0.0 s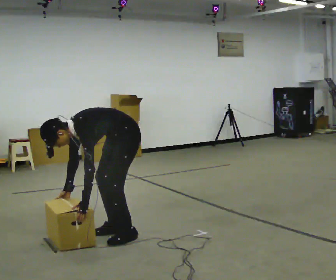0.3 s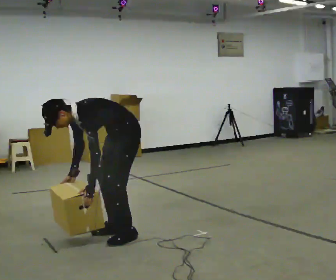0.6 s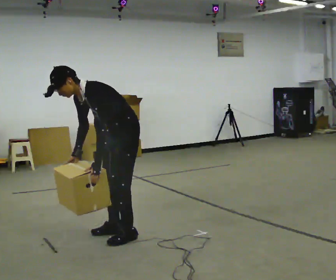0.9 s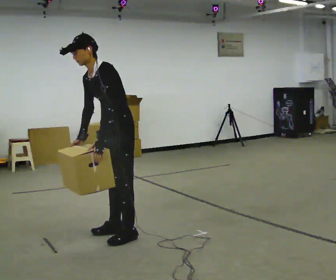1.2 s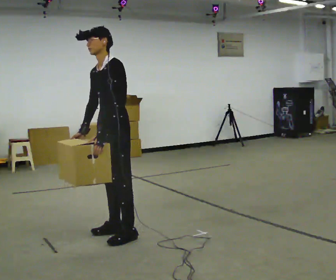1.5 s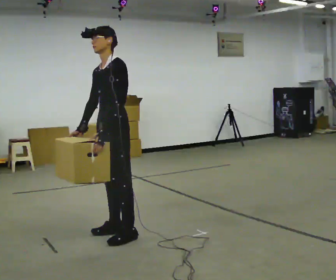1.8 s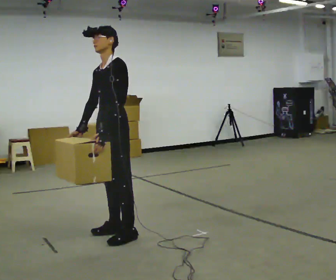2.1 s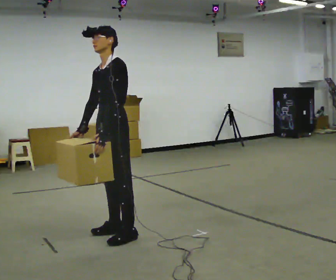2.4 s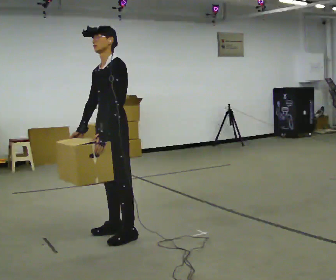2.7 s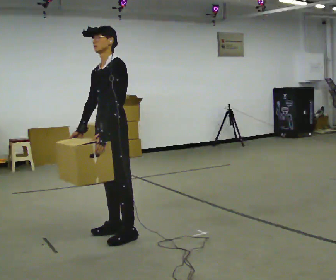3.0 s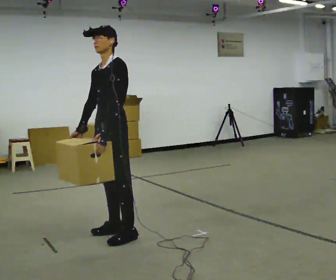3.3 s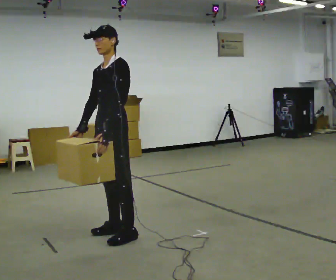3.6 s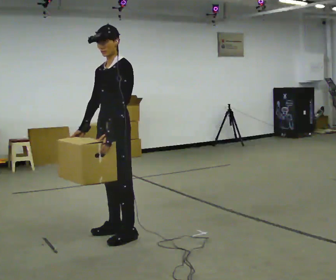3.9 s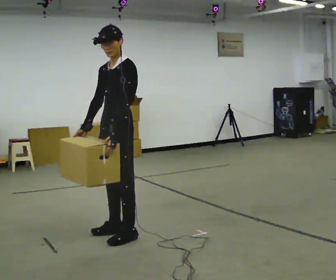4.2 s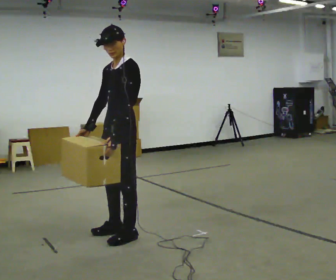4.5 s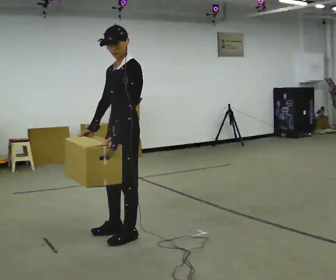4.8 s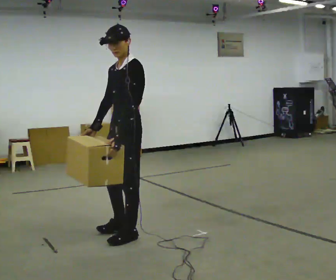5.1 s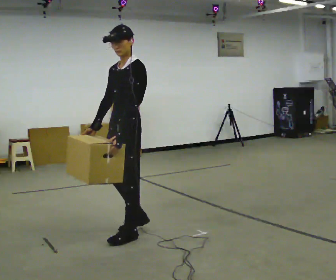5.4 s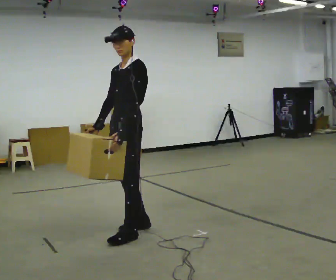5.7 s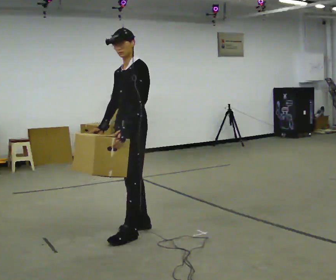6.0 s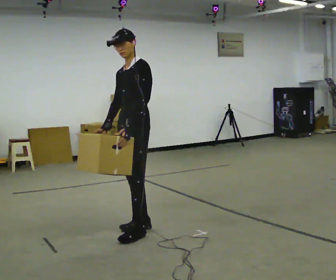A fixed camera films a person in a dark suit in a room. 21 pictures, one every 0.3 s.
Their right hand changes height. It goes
upward.
The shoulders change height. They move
upward.
0.0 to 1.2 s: The upper body goes upward. In the picture the upper body tilts clockwise, shoulders to the right, as they lean back or straighten. In the picture their right hand goes upward.
1.2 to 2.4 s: The person keeps their place and pose.
2.4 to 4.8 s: The person moves a little, or ends about where they began.
4.8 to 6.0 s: In the picture they go away from the camera, about 0.25 m in 1 step, which for them is backward and to their right.
The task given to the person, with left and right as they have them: The object is placed just too far away for you to reach. Try to reach it while keeping both feet planted, and step only when you have to. Repeat at your own pace until the operator says stop. Go slowly and only as far as you are comfortable. Step whenever you need to; do not try to hold on longer than feels safe.
The film runs forward here.
